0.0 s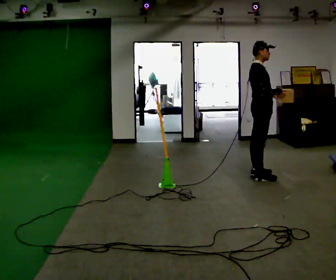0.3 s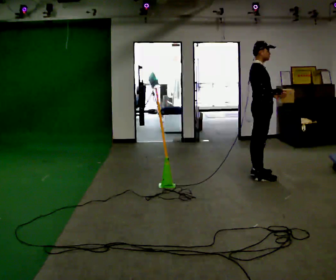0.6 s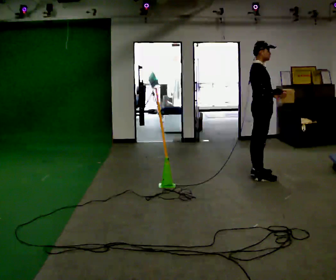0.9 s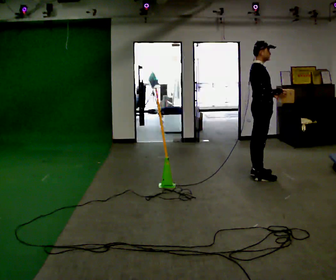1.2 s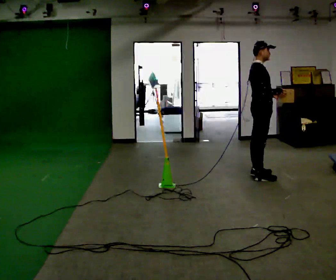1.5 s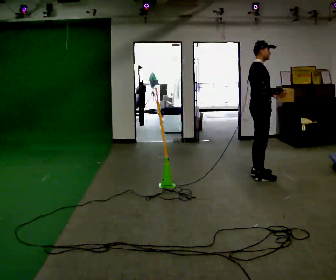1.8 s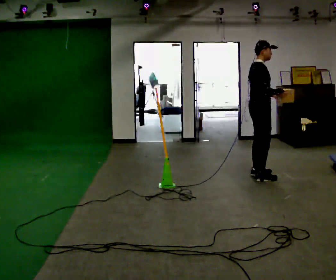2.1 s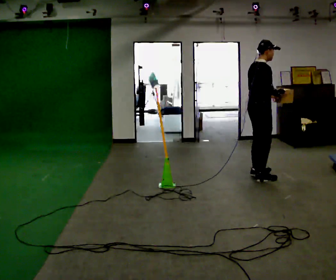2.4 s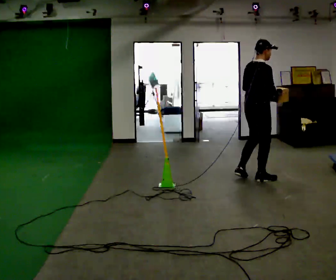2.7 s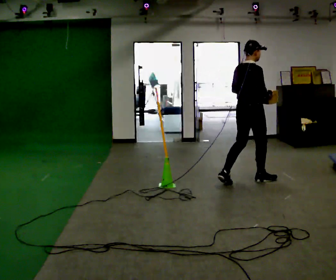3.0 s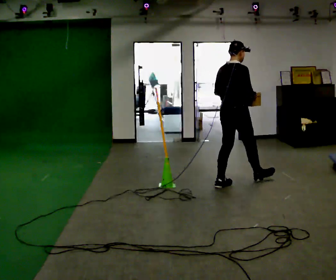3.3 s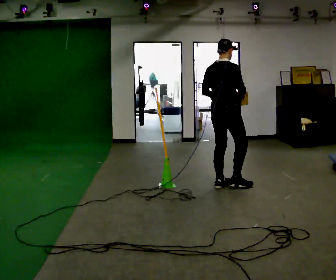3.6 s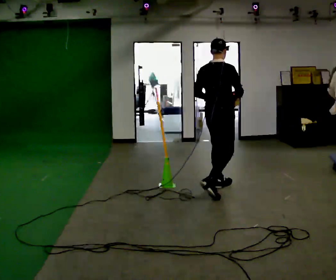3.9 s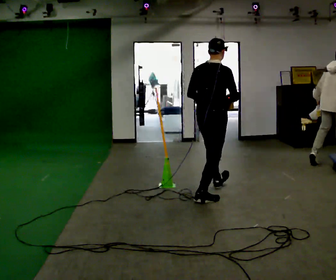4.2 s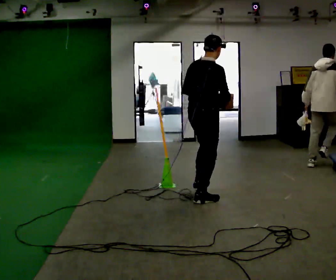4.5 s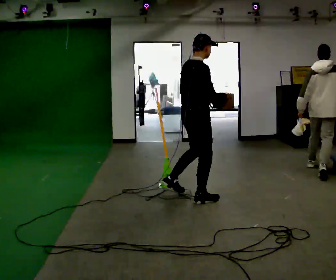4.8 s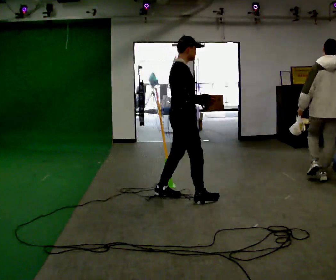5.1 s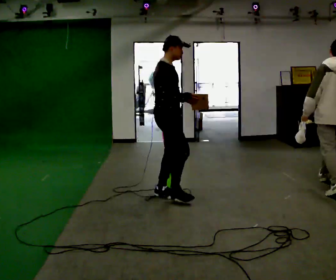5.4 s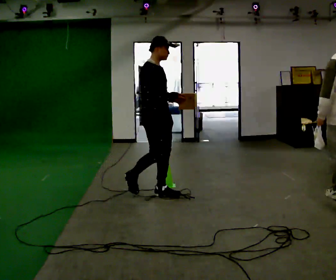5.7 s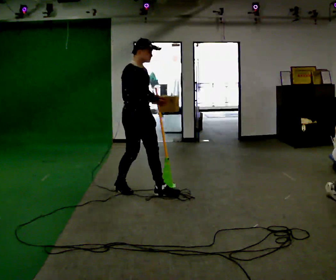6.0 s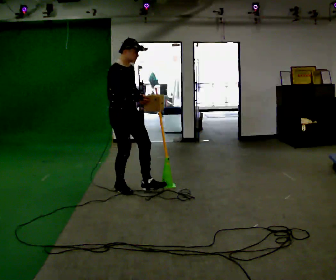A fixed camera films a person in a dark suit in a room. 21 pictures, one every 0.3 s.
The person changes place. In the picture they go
to the left.
0.0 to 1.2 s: The person keeps their place and pose.
1.2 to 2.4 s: Seen from above the body turns counterclockwise, about 30 degrees: to their left, with its near side sliding to the right. In the picture they go toward the camera, about 0.25 m in 1 step, which for them is to their right.
2.4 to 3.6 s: In the picture they go toward the camera and to the left, about 0.5 m in 1 step, which for them is backward.
3.6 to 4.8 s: Seen from above the body turns clockwise, about 45 degrees: to their right, with its near side sliding to the left. In the picture they go to the left and toward the camera, about 0.5 m in 1 step, which for them is backward.
4.8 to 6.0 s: Seen from above the body turns clockwise, about 30 degrees: to their right, with its near side sliding to the left. In the picture they go to the left, about 0.75 m in 2 steps, which for them is backward.
The film runs backward here.
